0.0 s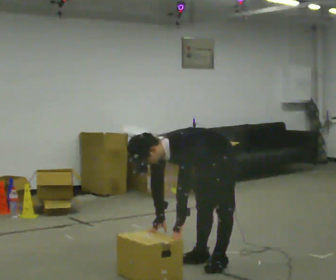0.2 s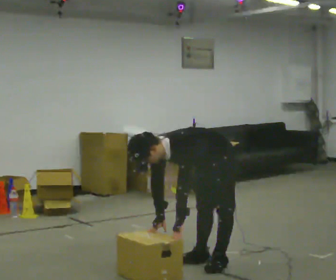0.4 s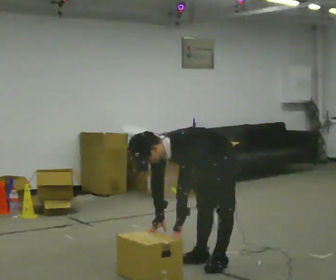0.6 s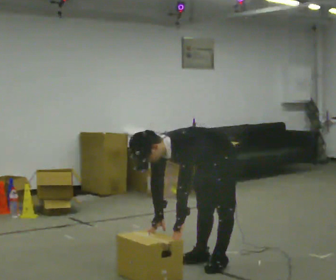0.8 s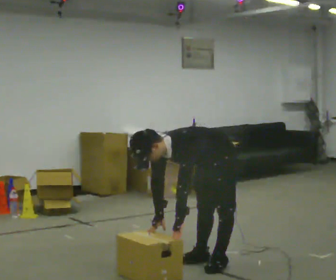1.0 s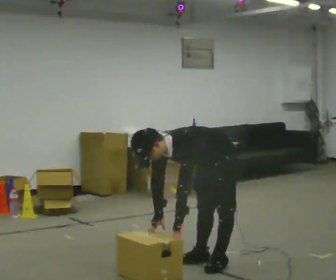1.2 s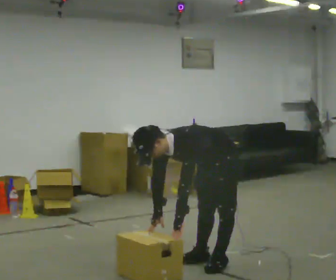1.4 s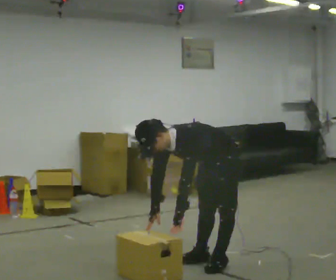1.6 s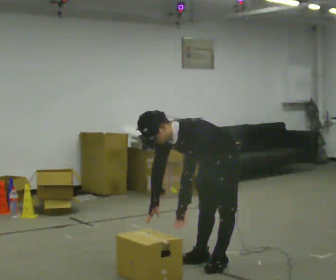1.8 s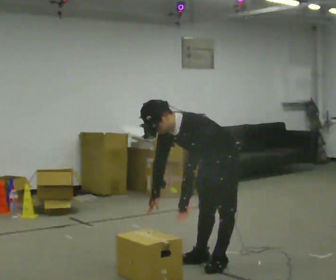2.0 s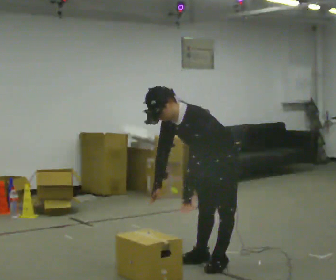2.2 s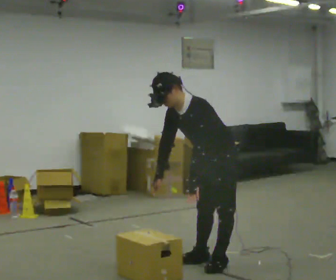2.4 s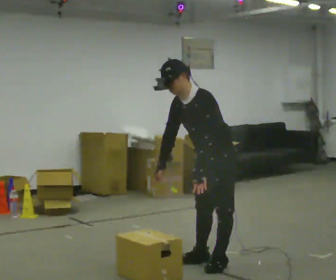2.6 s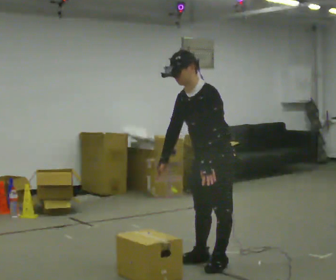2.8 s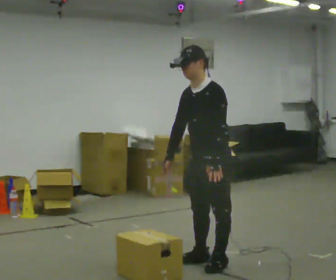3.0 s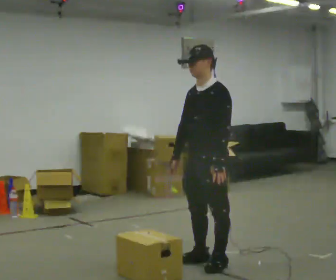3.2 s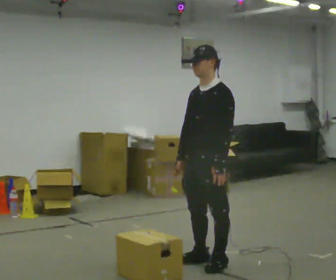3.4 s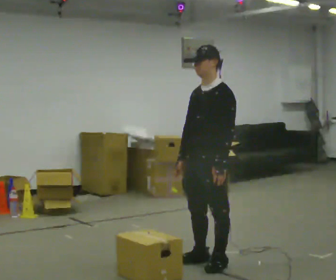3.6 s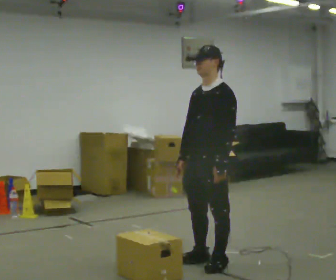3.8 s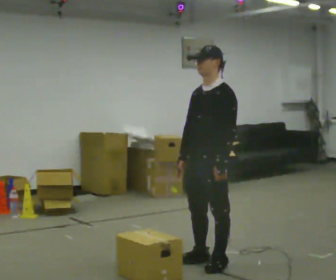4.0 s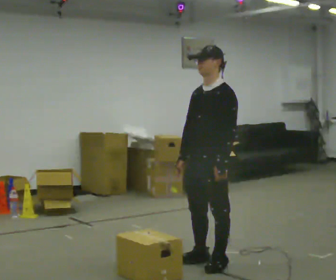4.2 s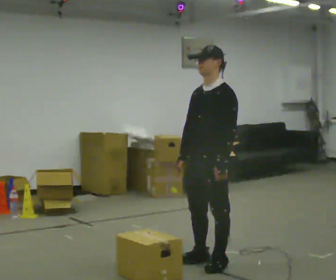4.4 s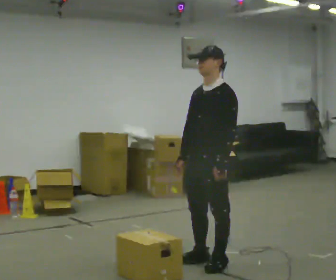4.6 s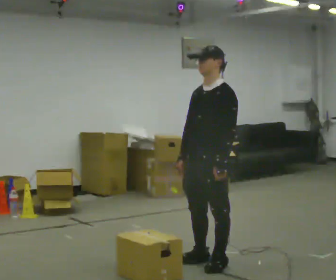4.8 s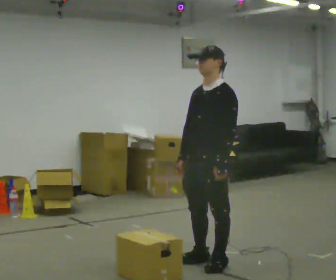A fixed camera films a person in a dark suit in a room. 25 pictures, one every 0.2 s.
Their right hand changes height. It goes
upward.
The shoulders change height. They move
upward.
0.0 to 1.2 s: The person moves a little, or ends about where they began.
1.2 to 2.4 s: The shoulders move upward. In the picture the upper body tilts clockwise, shoulders to the right, as they lean back or straighten. In the picture their right hand goes upward.
2.4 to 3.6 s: In the picture the upper body tilts clockwise, shoulders to the right, as they lean back or straighten.
3.6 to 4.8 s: The person keeps their place and pose.
The film runs backward here.
